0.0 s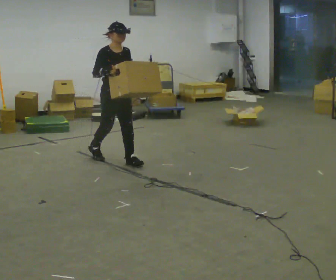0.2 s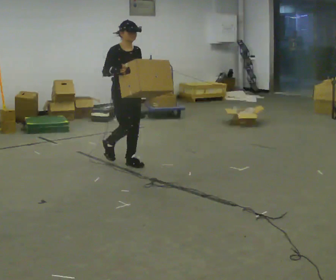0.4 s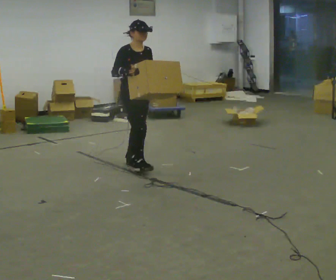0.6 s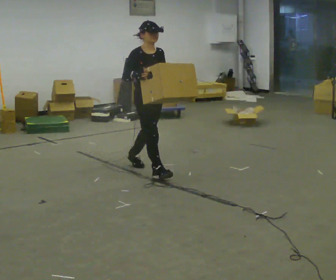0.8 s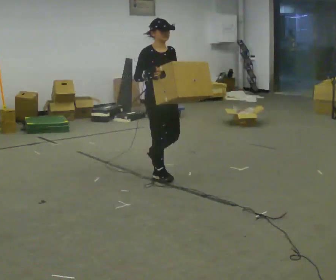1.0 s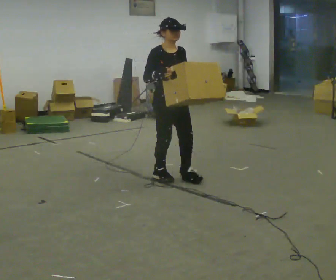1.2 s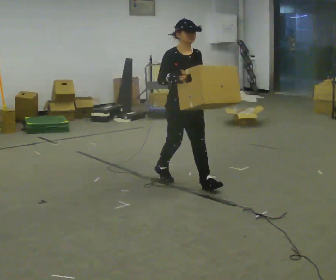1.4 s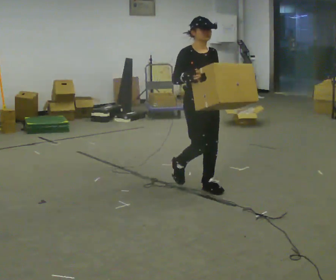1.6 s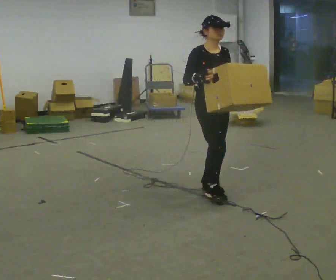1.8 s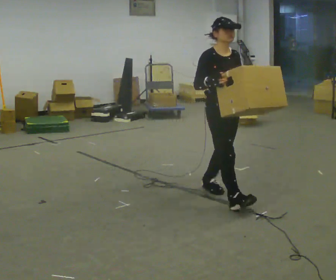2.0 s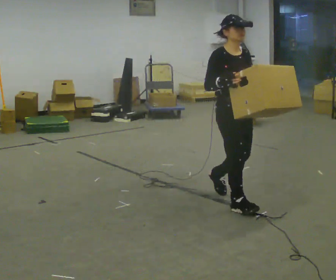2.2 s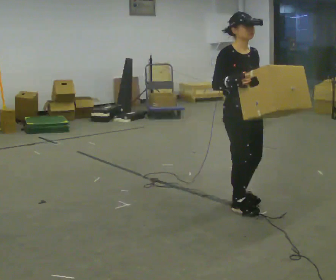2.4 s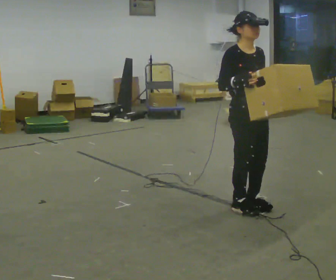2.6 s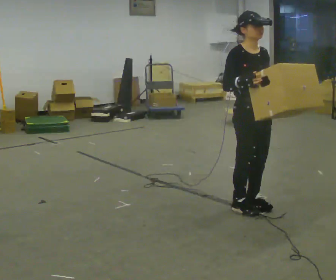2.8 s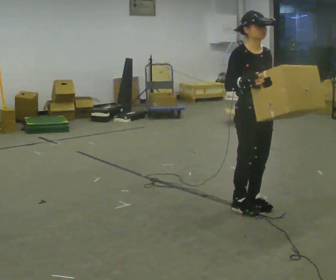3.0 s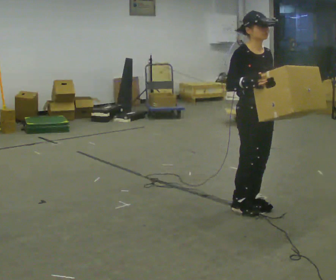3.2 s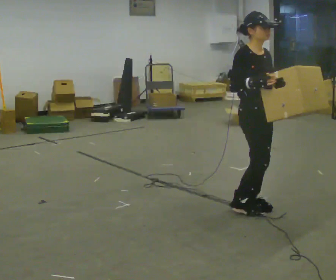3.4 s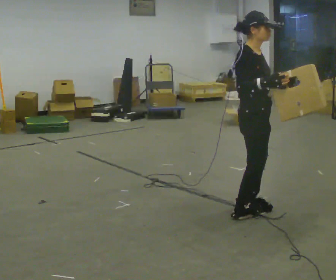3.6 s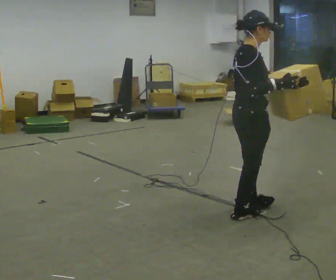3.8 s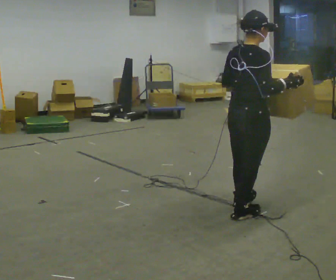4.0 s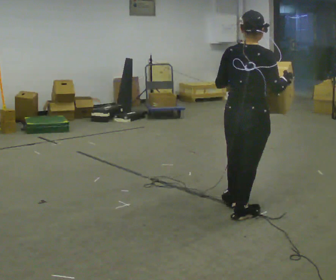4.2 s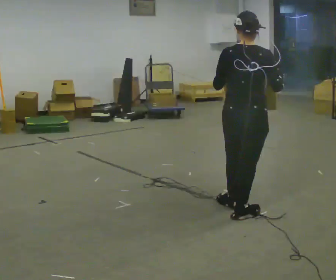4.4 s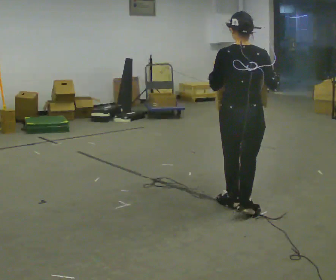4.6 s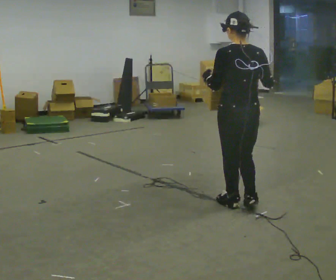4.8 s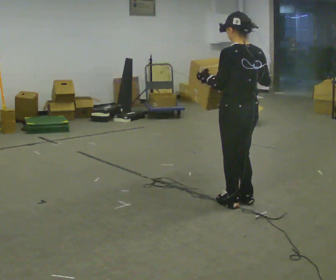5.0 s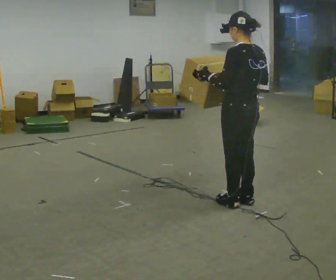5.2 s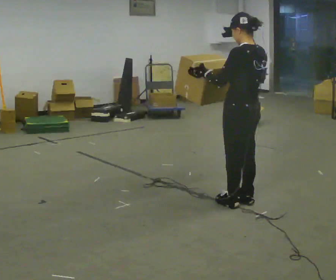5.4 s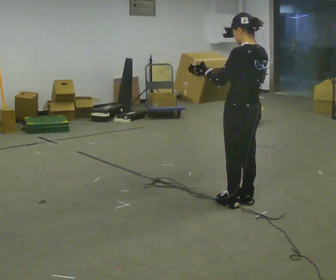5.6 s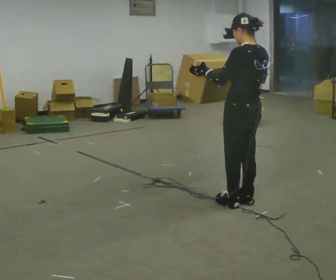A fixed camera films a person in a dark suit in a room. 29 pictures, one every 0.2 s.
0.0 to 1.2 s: In the picture they go toward the camera and to the right, about 1 m in 1 step, which for them is forward.
1.2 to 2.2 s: In the picture they go toward the camera and to the right, about 0.5 m in 2 steps, which for them is forward.
2.2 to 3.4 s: The person turns about 30 degrees to their left, counterclockwise seen from above, so the part of the body nearest the lens slides to the right.
3.4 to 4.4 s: The part of the body nearest the lens slides to the right as the person turns to their left by about 105 degrees.
4.4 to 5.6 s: Seen from above the body turns counterclockwise, about 45 degrees: to their left, with its near side sliding to the right.
The film runs forward here.
